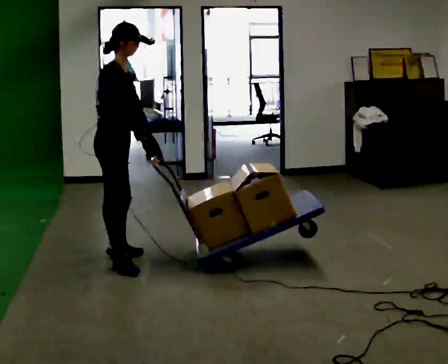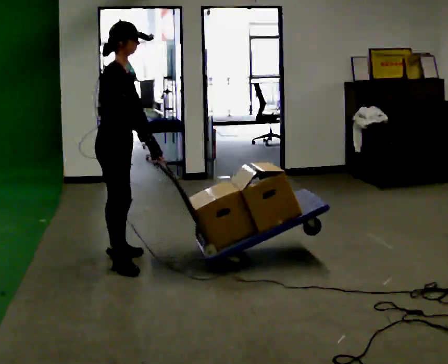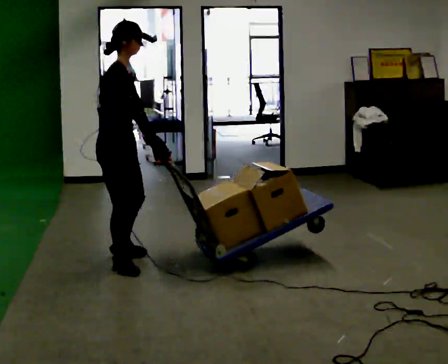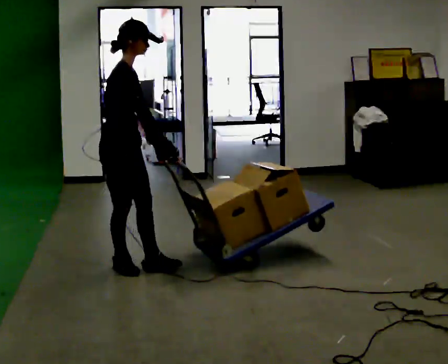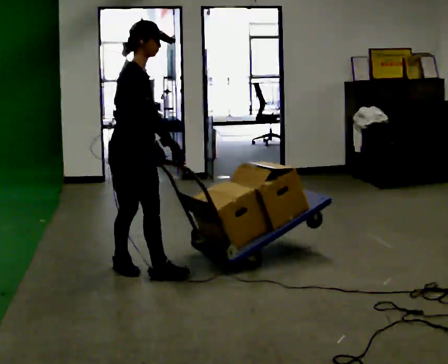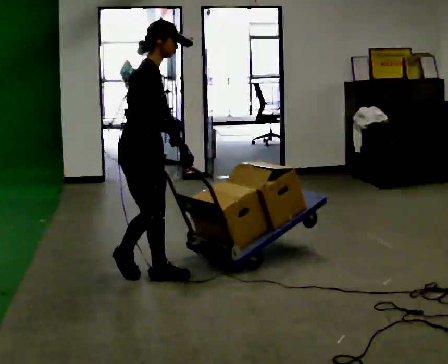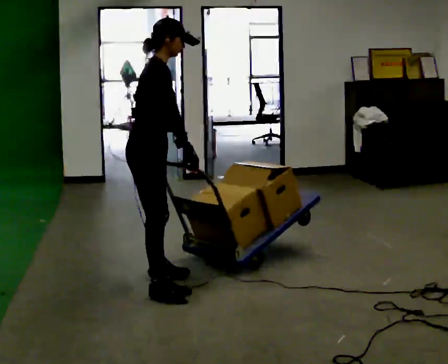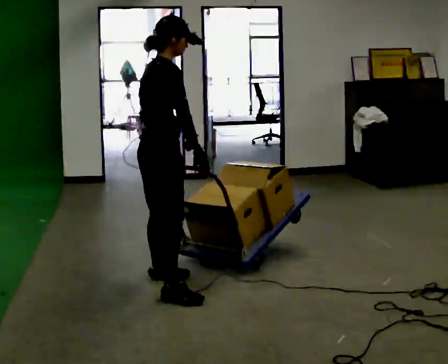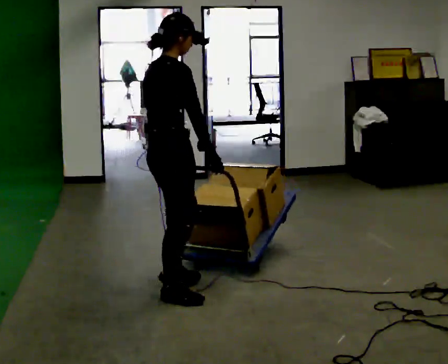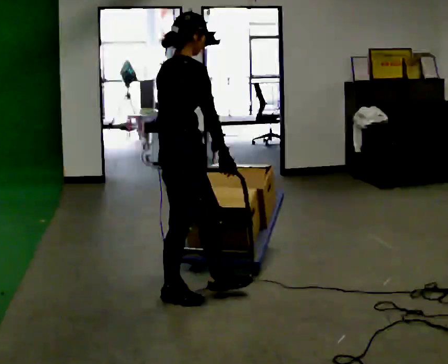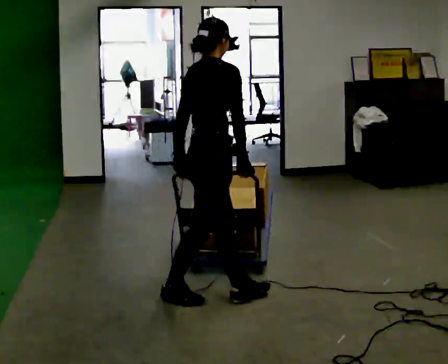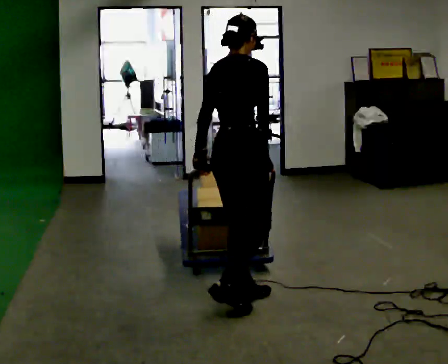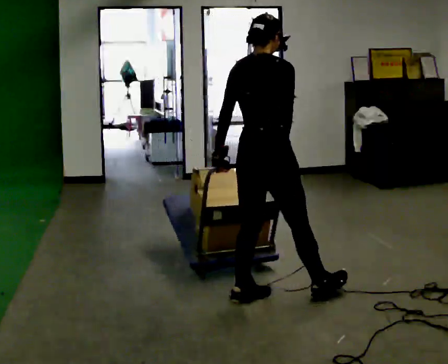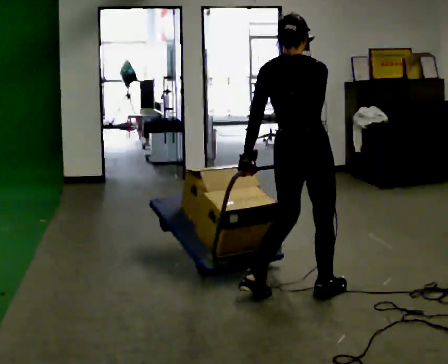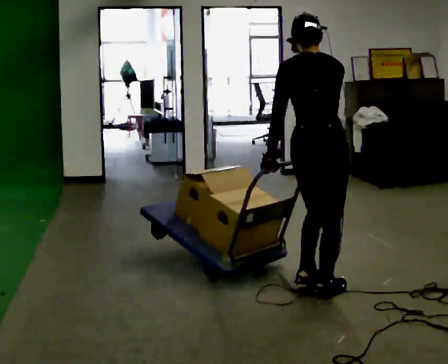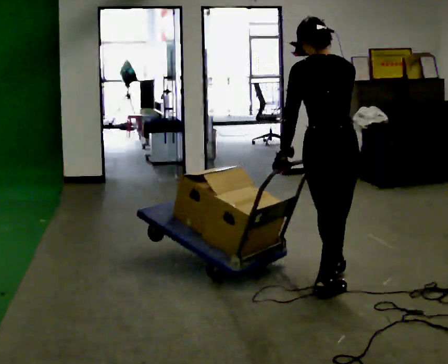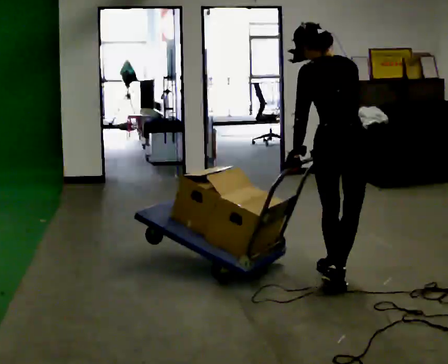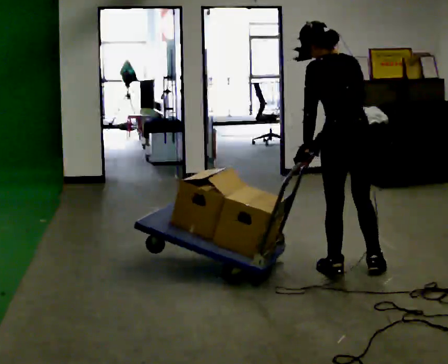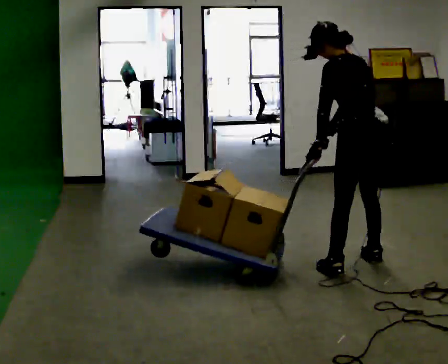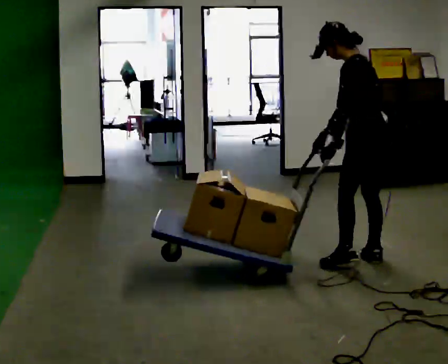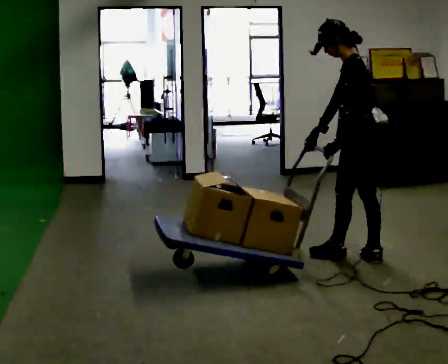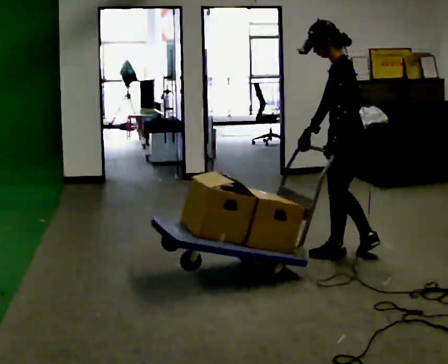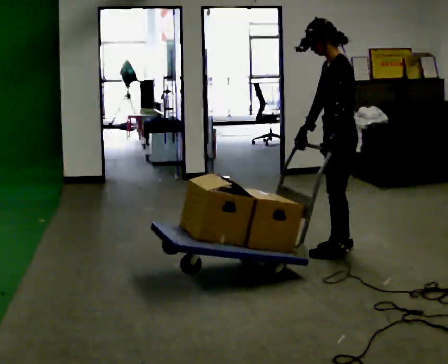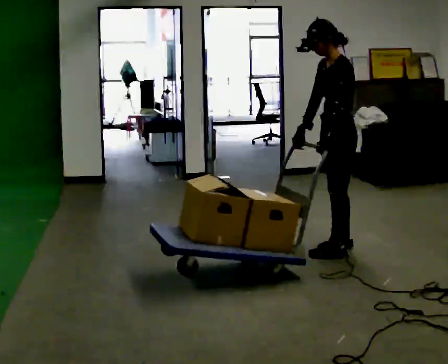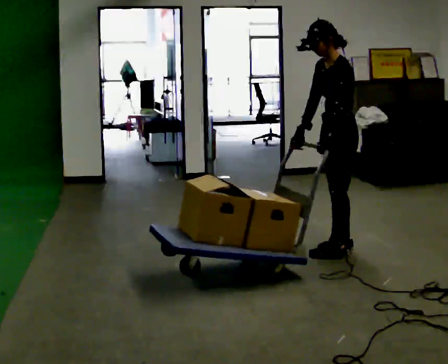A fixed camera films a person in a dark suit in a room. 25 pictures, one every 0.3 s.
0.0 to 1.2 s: In the picture they go toward the camera and to the right, about 0.25 m in 1 step, which for them is to their right and forward.
1.2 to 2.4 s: Seen from above the body turns counterclockwise, about 45 degrees: to their left, with its near side sliding to the right. In the picture they go toward the camera and to the right, about 0.5 m in 1 step, which for them is to their right and forward.
2.4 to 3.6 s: The person turns about 30 degrees to their left, counterclockwise seen from above, so the part of the body nearest the lens slides to the right. In the picture they go to the right, about 0.5 m in 1 step, which for them is forward.
3.6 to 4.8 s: The person turns about 30 degrees to their left, counterclockwise seen from above, so the part of the body nearest the lens slides to the right. In the picture they go to the right and away from the camera, about 0.5 m in 2 steps, which for them is to their right and forward.
4.8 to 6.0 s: The part of the body nearest the lens slides to the right as the person turns to their left by about 75 degrees. In the picture they go away from the camera and to the right, about 0.5 m in 2 steps.
6.0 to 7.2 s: The part of the body nearest the lens slides to the right as the person turns to their left by about 30 degrees. In the picture they go away from the camera, about 0.25 m in 1 step, which for them is to their right.
The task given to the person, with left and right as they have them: Turn the cart round to face the other way without moving it out of the marked square, then turn it back. Repeat until the operator says stop.
The film runs forward here.
